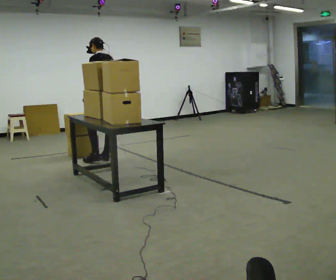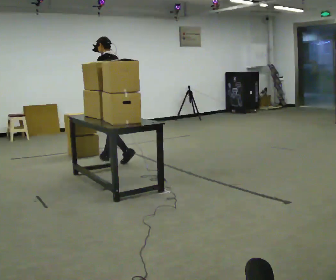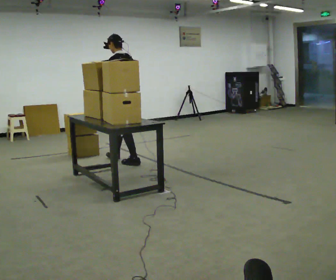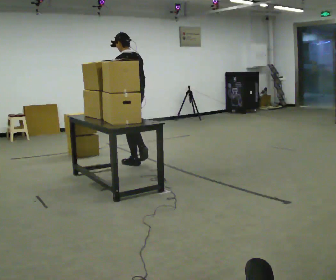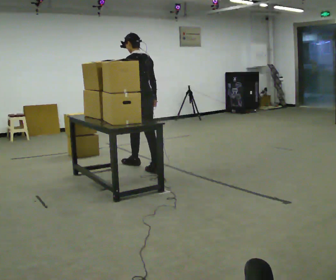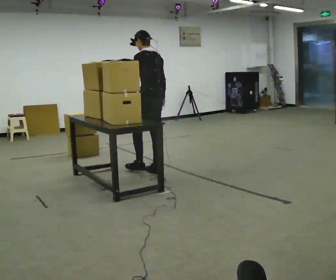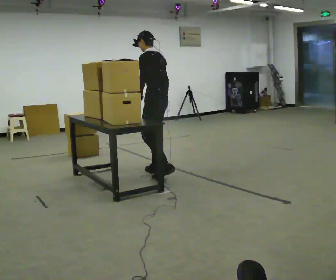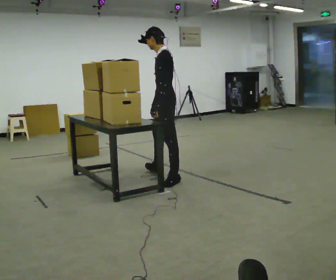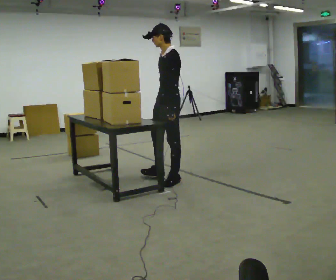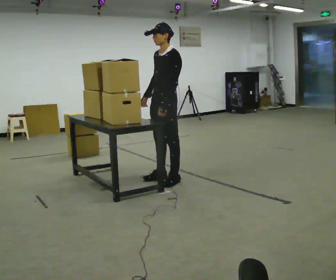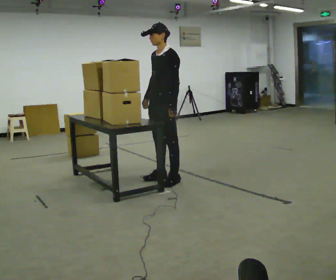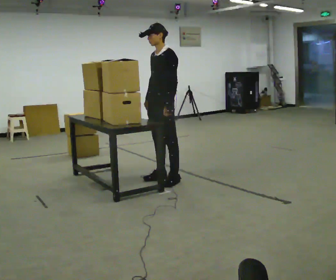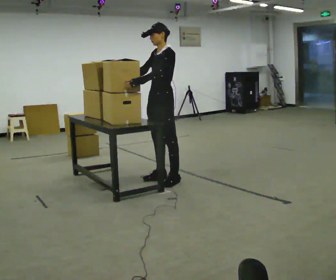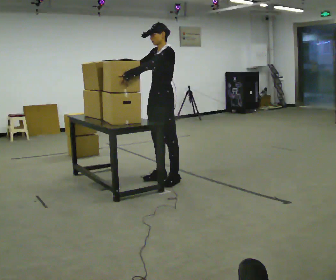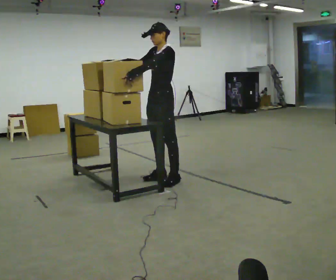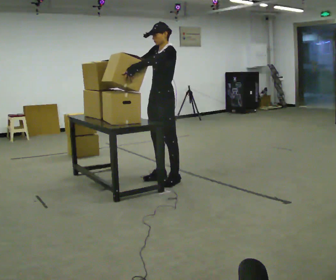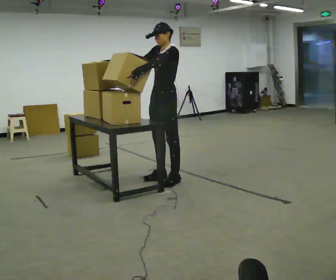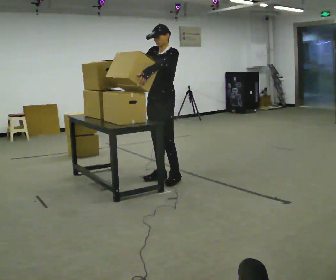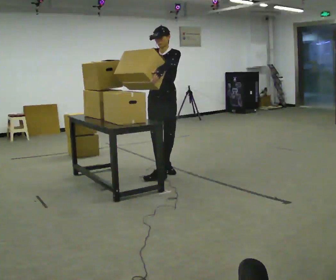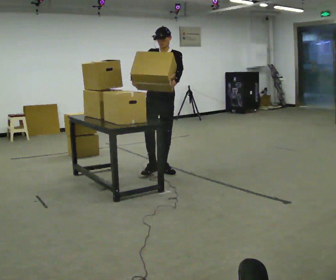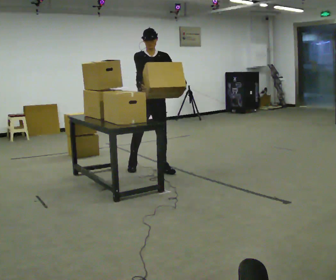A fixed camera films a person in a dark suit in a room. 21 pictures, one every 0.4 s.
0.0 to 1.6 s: In the picture they go to the right and toward the camera, about 0.75 m in 1 step, which for them is backward.
1.6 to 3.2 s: Seen from above the body turns counterclockwise, about 60 degrees: to their left, with its near side sliding to the right. In the picture they go toward the camera and to the right, about 0.75 m in 2 steps, which for them is backward and to their left.
3.2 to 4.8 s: In the picture their right hand goes to the left.
4.8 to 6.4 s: The person moves a little, or ends about where they began.
6.4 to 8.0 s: The part of the body nearest the lens slides to the right as the person turns to their left by about 60 degrees. In the picture they go away from the camera, about 0.5 m in 2 steps.
The film runs backward here.
